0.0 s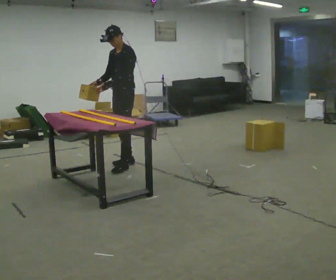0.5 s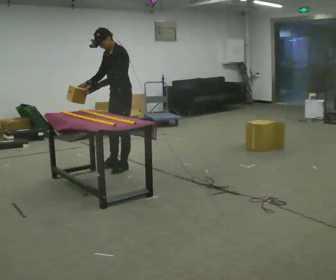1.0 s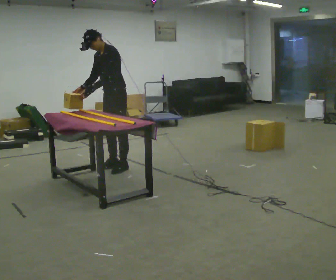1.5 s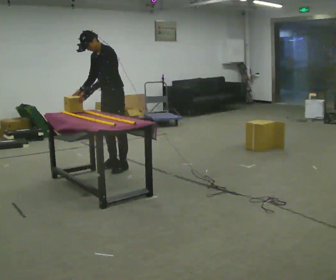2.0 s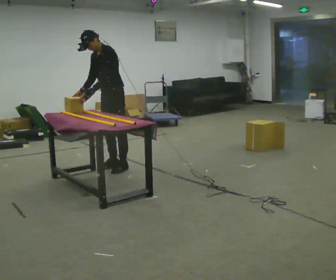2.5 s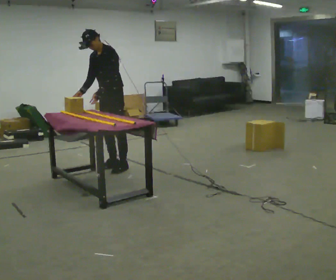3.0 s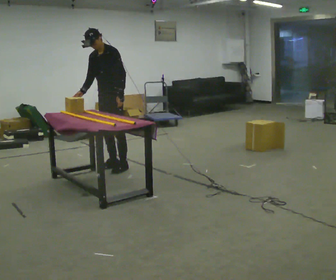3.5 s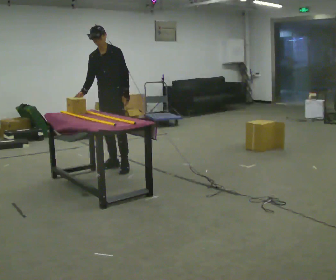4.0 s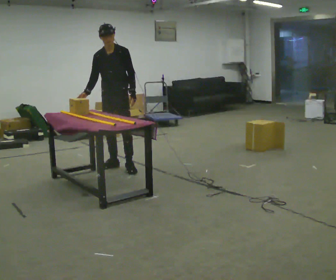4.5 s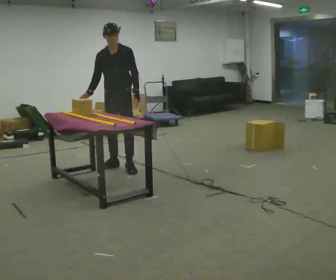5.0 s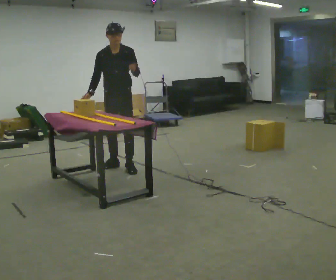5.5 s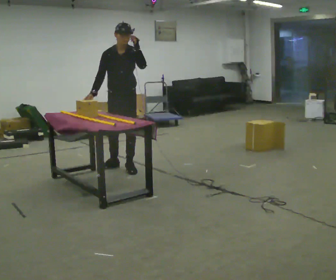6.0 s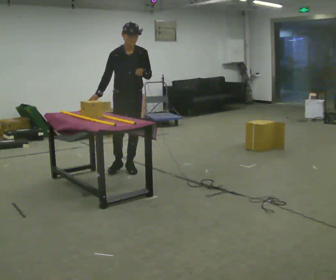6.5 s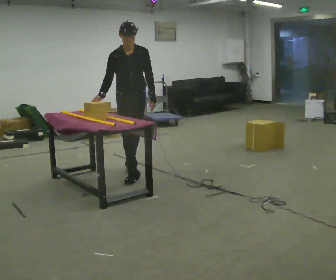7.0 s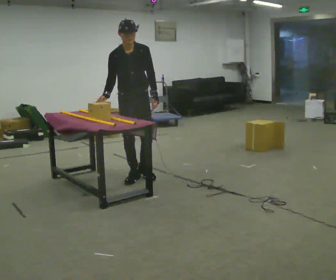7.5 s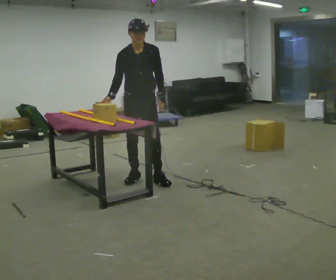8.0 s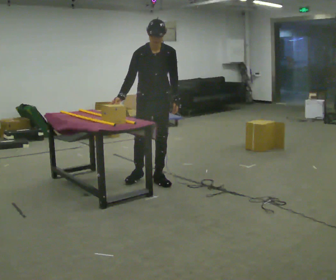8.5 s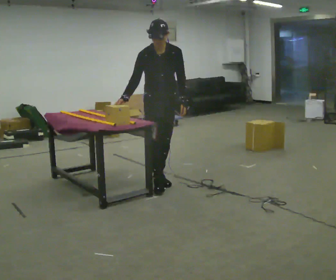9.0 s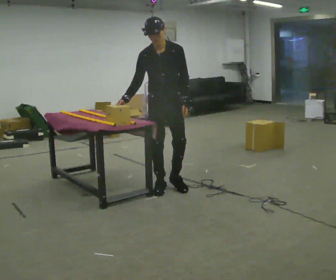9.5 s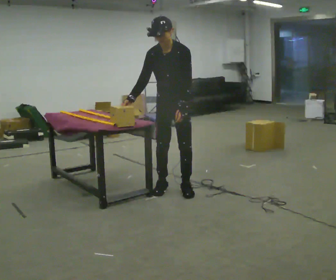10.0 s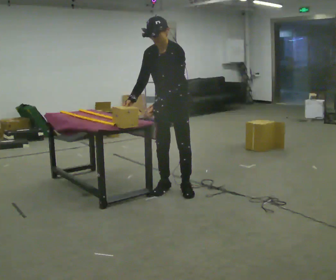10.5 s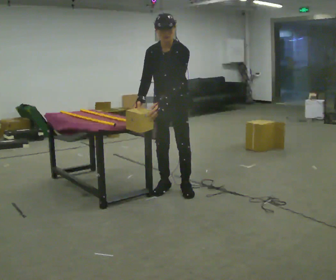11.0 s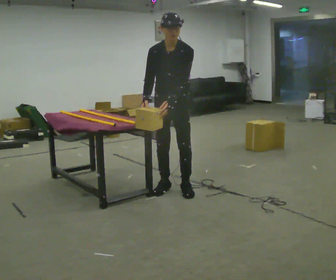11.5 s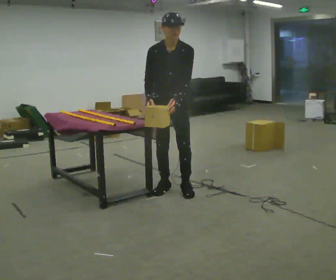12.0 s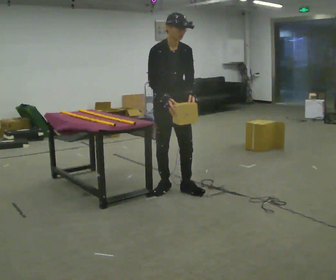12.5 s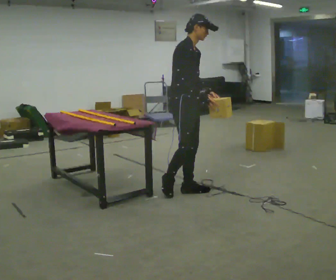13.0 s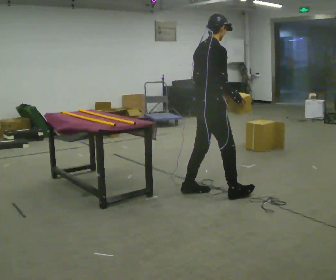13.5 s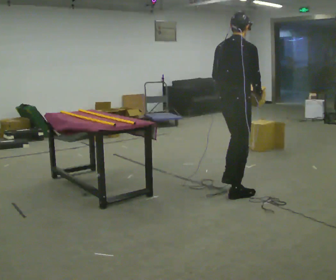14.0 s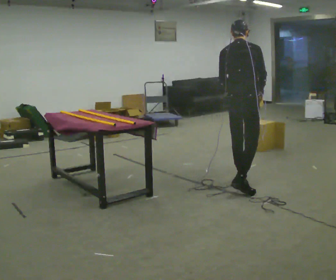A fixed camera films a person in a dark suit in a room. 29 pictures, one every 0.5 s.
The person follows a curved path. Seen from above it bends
counterclockwise.
0.0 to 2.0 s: The person moves a little, or ends about where they began.
2.0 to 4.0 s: The part of the body nearest the lens slides to the right as the person turns to their left by about 30 degrees. In the picture their left hand goes to the right.
4.0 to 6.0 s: In the picture they go toward the camera, about 0.25 m, which for them is to their left and forward.
6.0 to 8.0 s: In the picture they go toward the camera and to the right, about 0.5 m in 2 steps, which for them is forward and to their left.
8.0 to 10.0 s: The part of the body nearest the lens slides to the left as the person turns to their right by about 45 degrees. In the picture they go toward the camera and to the right, about 0.5 m in 2 steps, which for them is forward and to their left. In the picture the upper body tilts counterclockwise, shoulders to the left.
10.0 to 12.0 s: The person turns about 45 degrees to their left, counterclockwise seen from above, so the part of the body nearest the lens slides to the right. In the picture the upper body tilts clockwise, shoulders to the right, as they lean back or straighten.
12.0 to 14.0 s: Seen from above the body turns counterclockwise, about 135 degrees: to their left, with its near side sliding to the right. In the picture they go to the right, about 0.75 m in 2 steps. The upper body tips away from the camera, its near side rolling upward.
The film runs forward here.
